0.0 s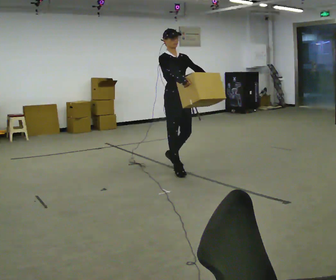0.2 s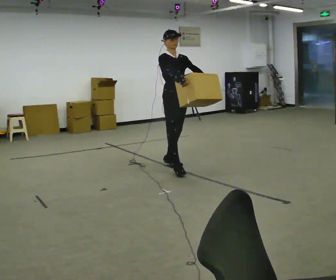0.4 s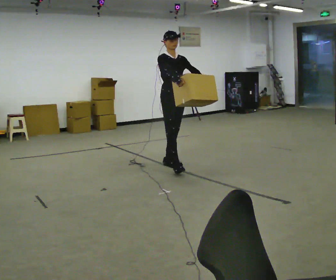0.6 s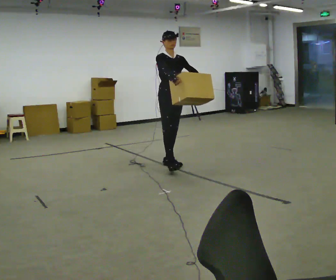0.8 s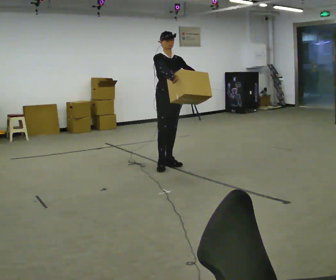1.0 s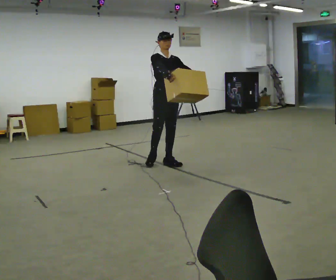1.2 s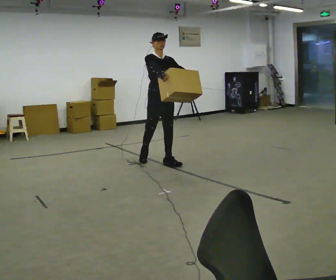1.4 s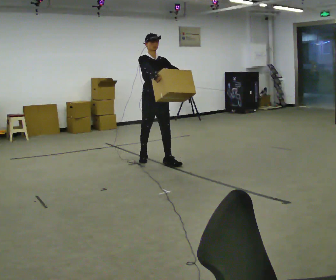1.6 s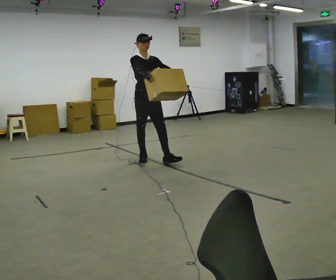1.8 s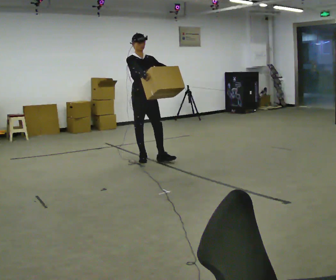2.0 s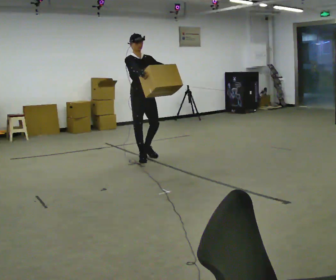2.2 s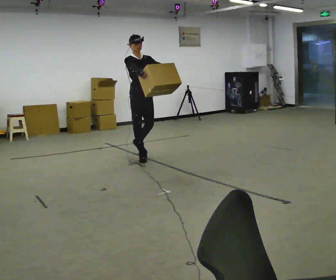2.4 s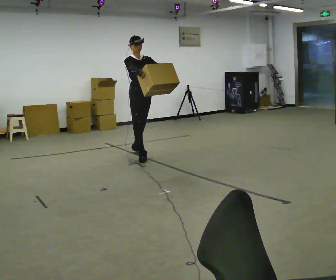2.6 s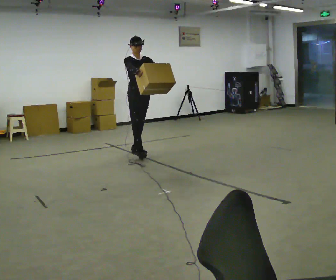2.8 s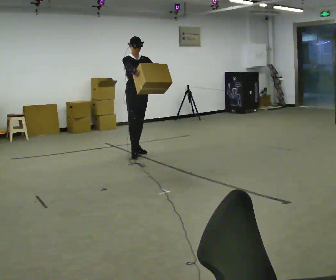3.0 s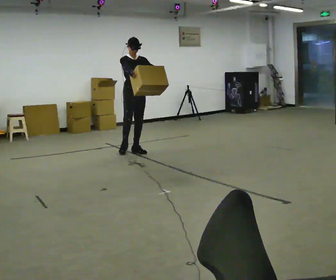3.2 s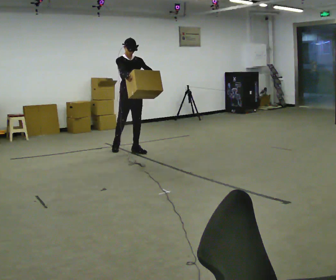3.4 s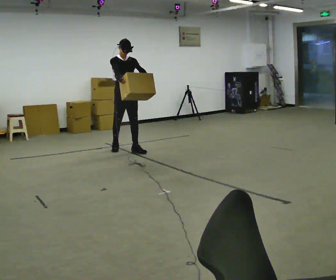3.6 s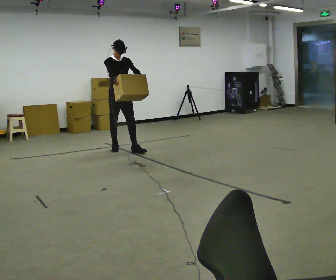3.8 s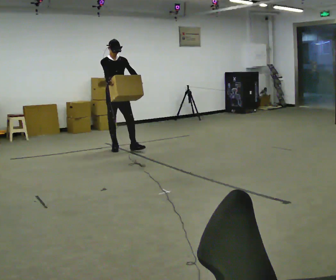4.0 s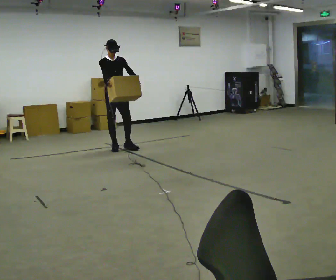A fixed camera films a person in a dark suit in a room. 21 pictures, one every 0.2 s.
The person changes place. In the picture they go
away from the camera.
0.0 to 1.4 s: In the picture they go away from the camera and to the left, about 0.5 m in 1 step, which for them is backward.
1.4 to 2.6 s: In the picture they go away from the camera and to the left, about 0.5 m in 2 steps, which for them is backward.
2.6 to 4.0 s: In the picture they go away from the camera and to the left, about 0.5 m in 1 step, which for them is backward and to their right.
The film runs backward here.
